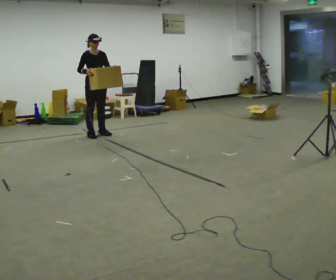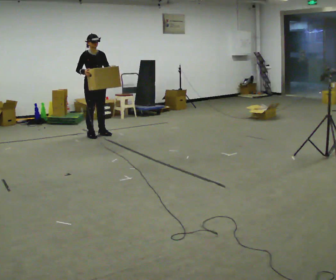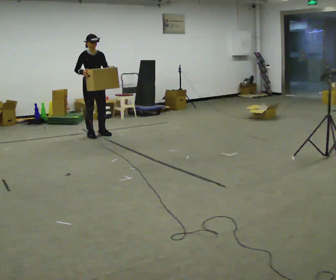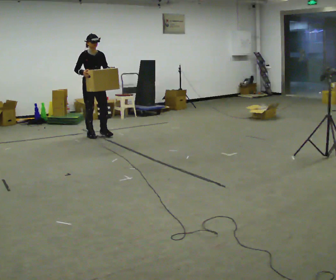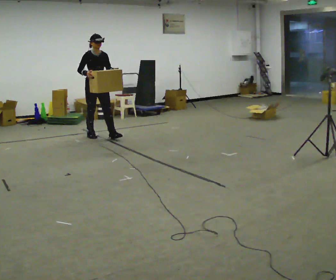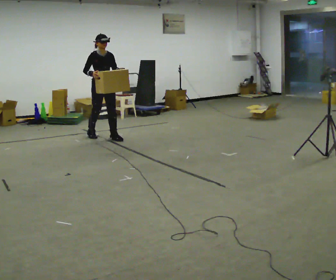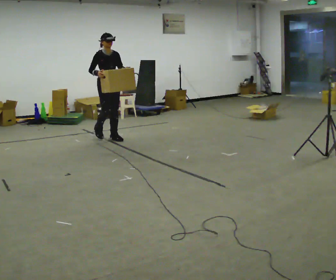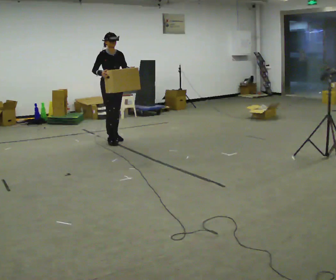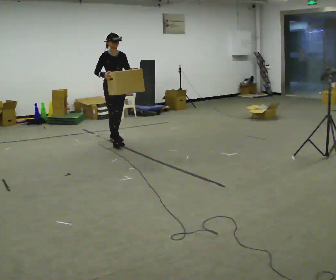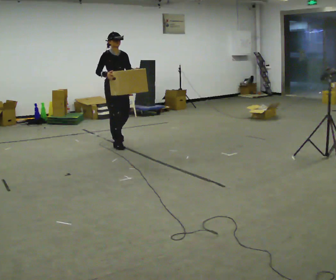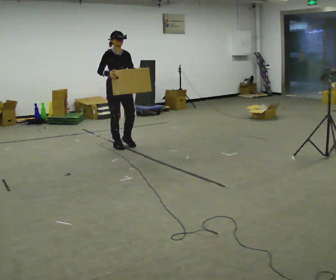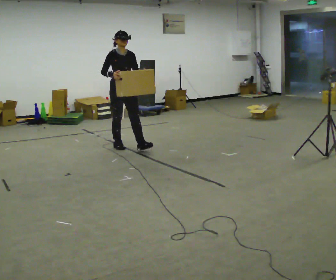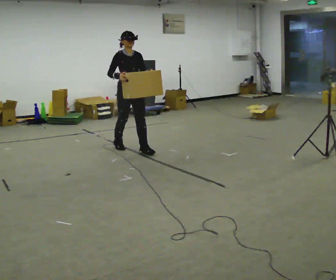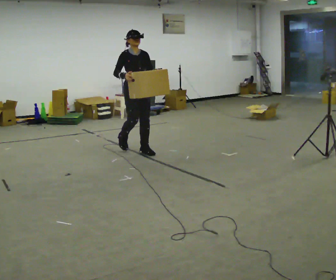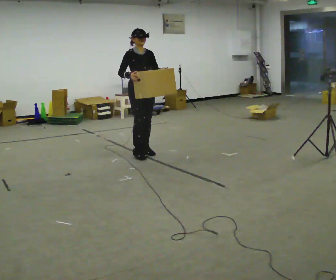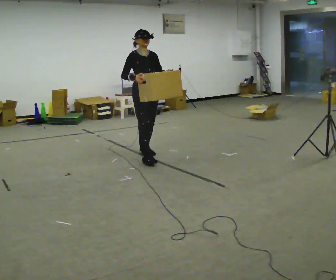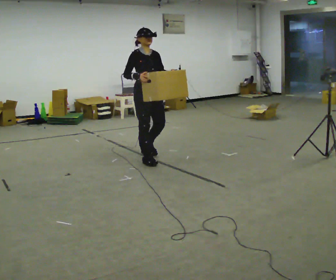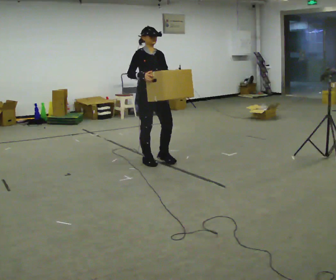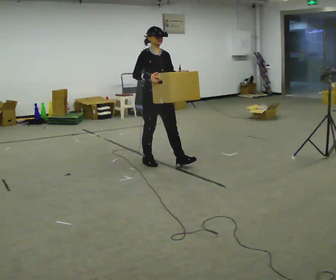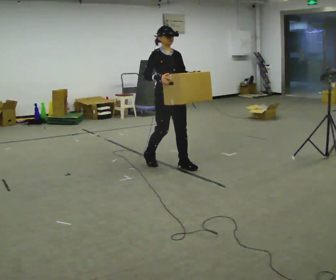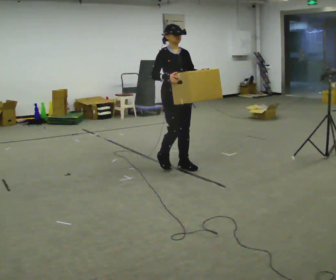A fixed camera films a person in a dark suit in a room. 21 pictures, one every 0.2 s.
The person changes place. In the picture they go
toward the camera.
0.0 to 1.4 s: In the picture they go toward the camera and to the right, about 0.5 m in 1 step, which for them is forward.
1.4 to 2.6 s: In the picture they go toward the camera and to the right, about 1 m in 2 steps, which for them is forward.
2.6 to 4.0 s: In the picture they go toward the camera and to the right, about 1 m in 2 steps, which for them is forward.
The film runs forward here.
